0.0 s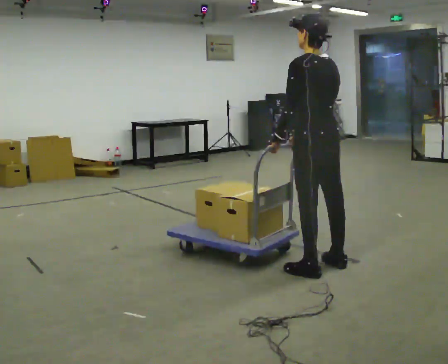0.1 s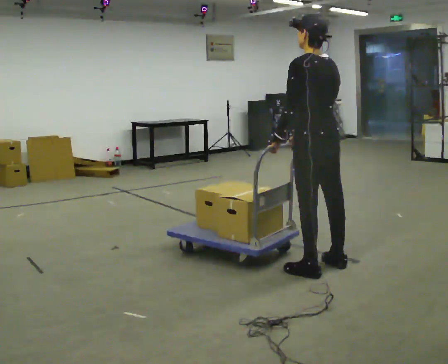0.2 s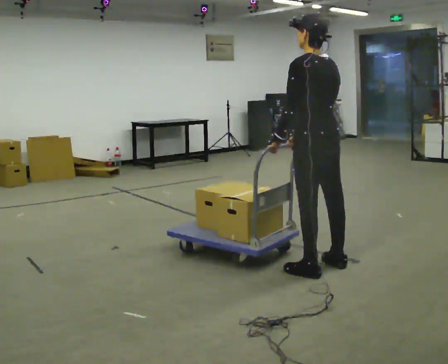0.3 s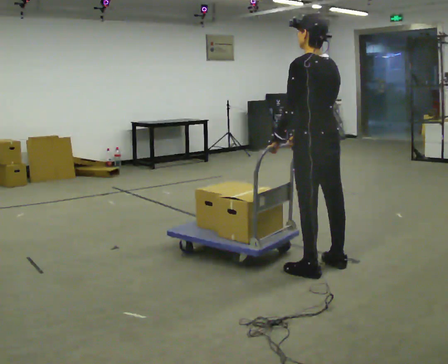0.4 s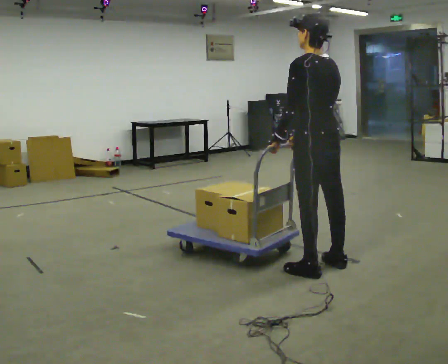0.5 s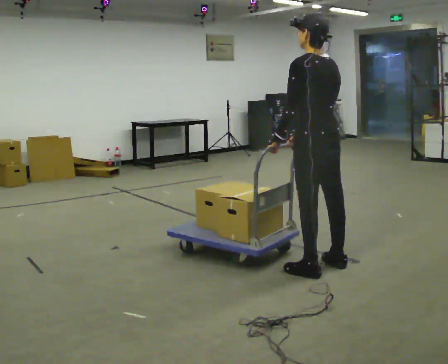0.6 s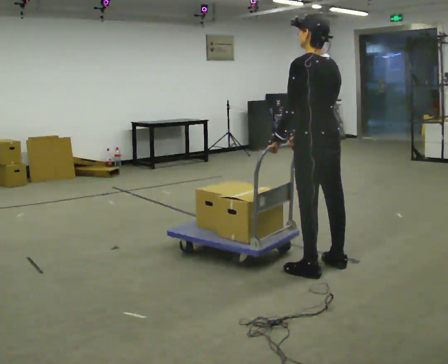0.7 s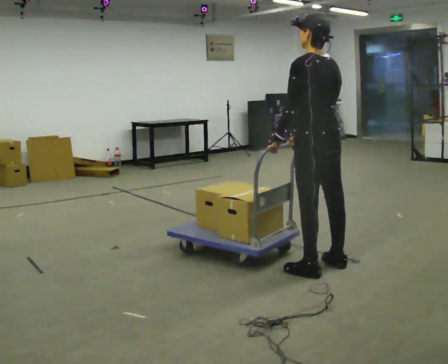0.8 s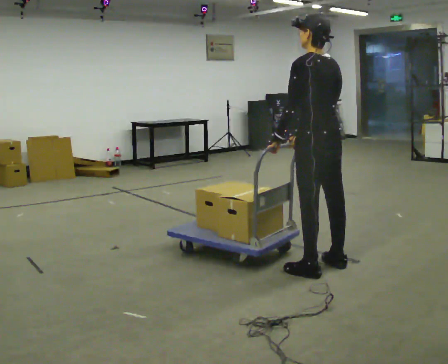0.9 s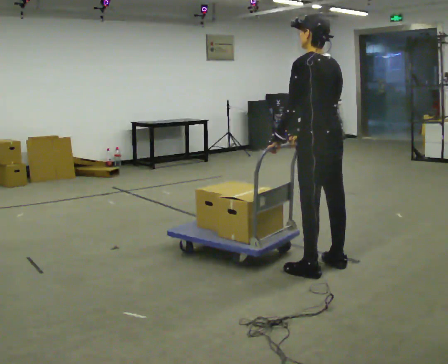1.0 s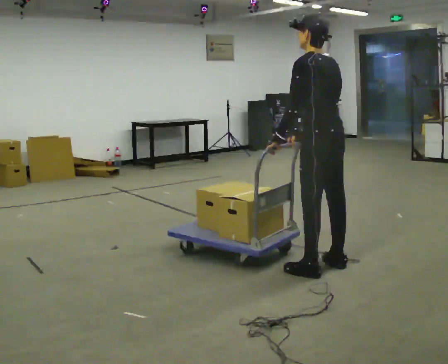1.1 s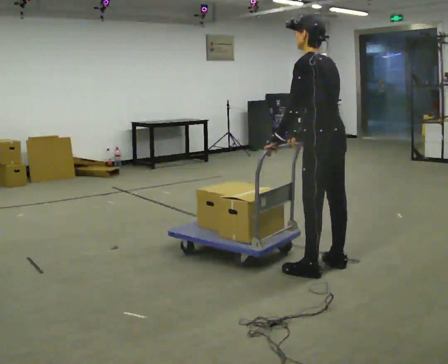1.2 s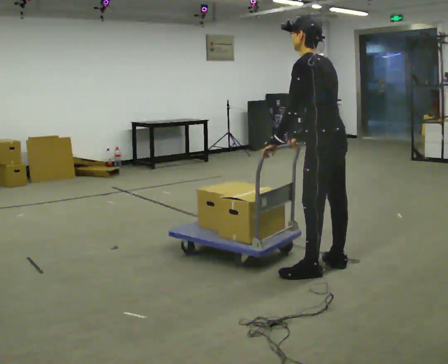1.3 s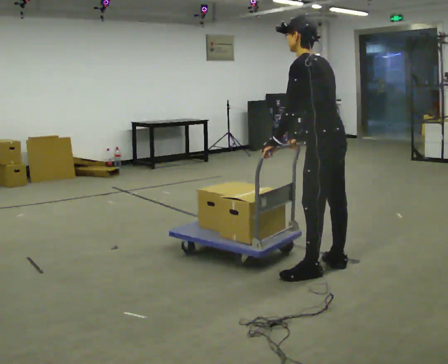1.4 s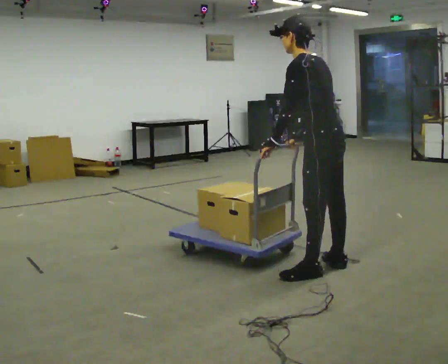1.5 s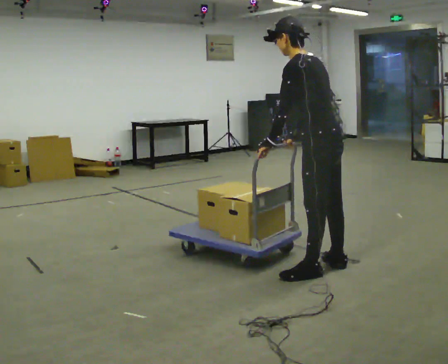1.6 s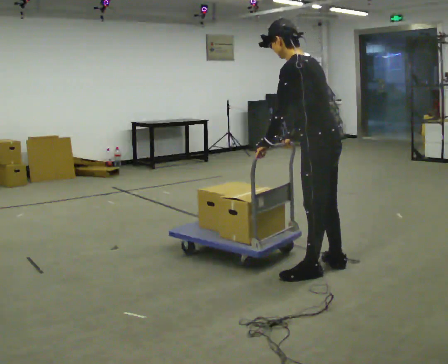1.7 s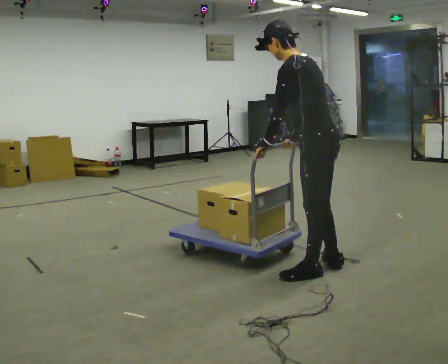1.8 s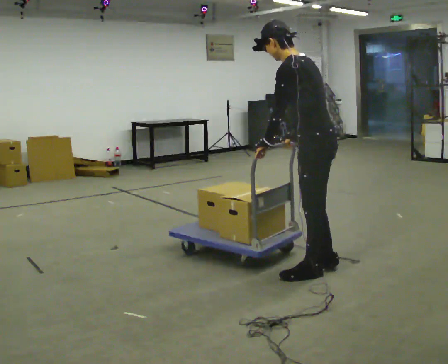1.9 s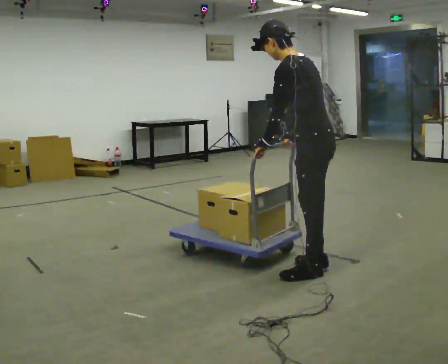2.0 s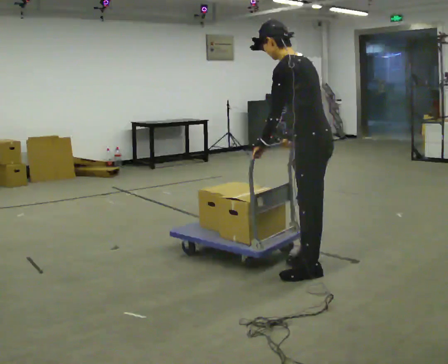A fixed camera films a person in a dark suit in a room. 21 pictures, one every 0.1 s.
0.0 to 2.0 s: The part of the body nearest the lens slides to the right as the person turns to their left by about 30 degrees. In the picture the upper body tilts counterclockwise, shoulders to the left, as they bend forward.
The film runs forward here.
